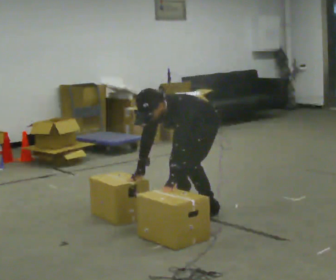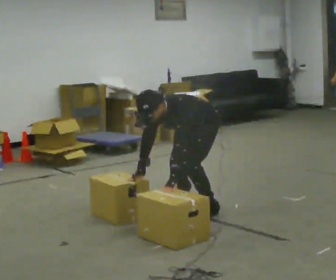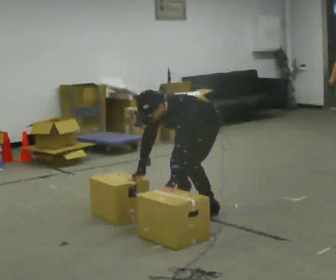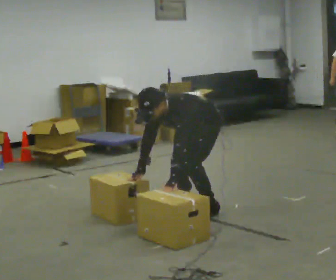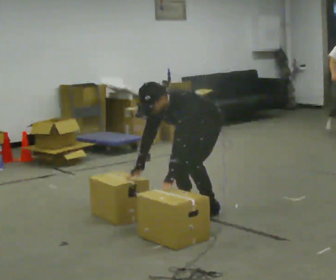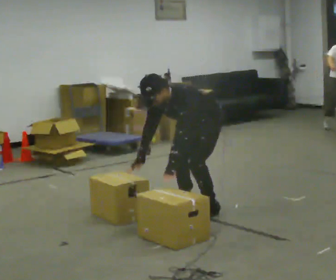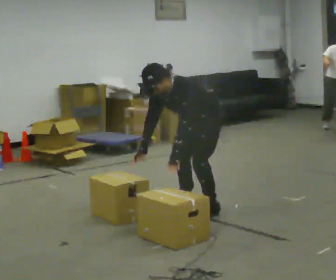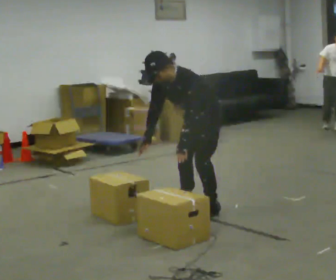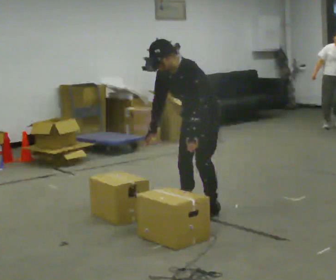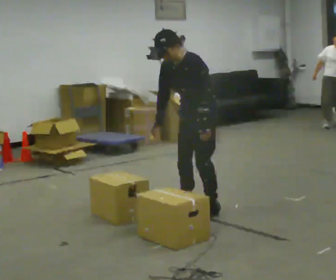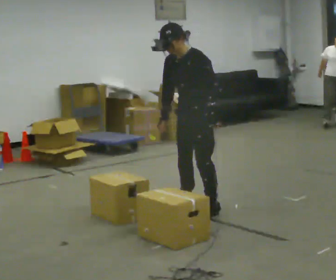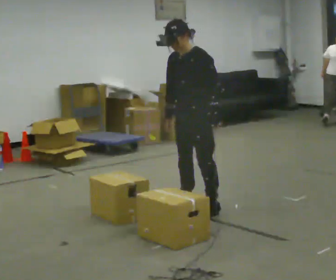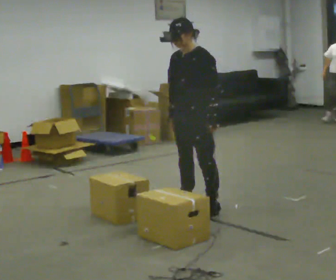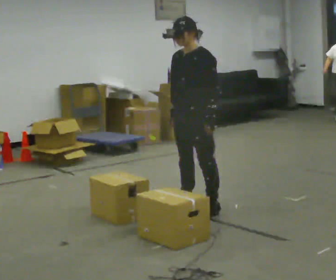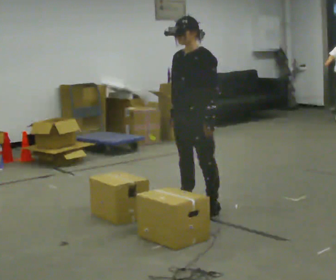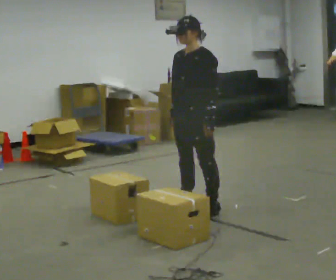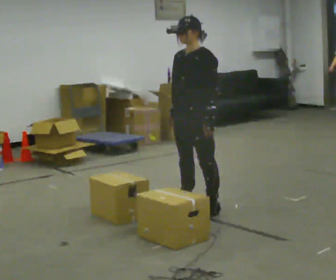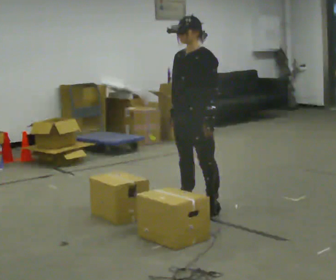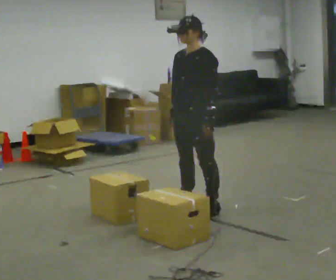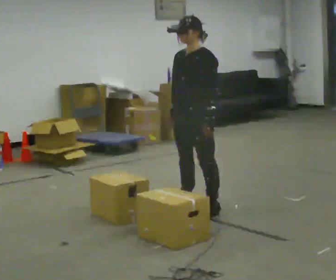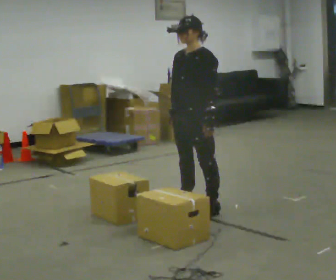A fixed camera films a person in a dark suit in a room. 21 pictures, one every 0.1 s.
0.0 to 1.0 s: The upper body goes upward. In the picture the upper body tilts clockwise, shoulders to the right, as they lean back or straighten. In the picture their left hand goes upward.
1.0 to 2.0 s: In the picture the upper body tilts clockwise, shoulders to the right, as they lean back or straighten.
The film runs backward here.
